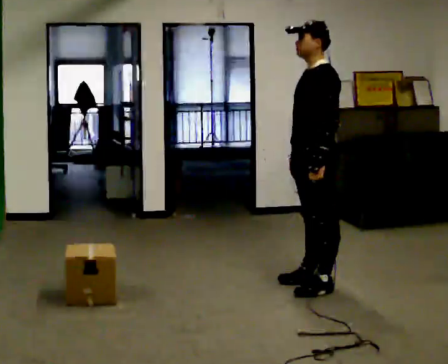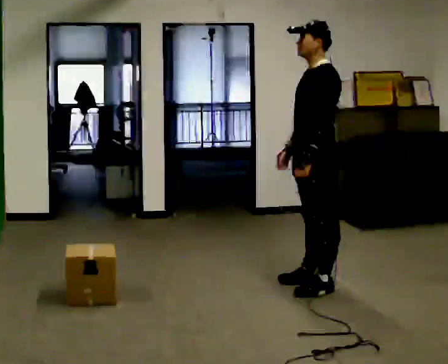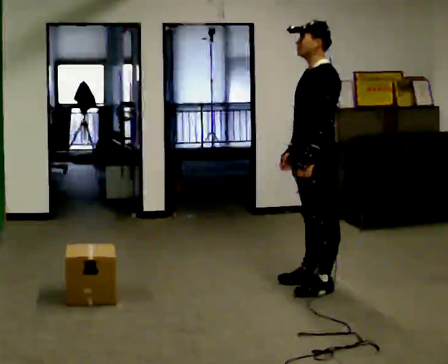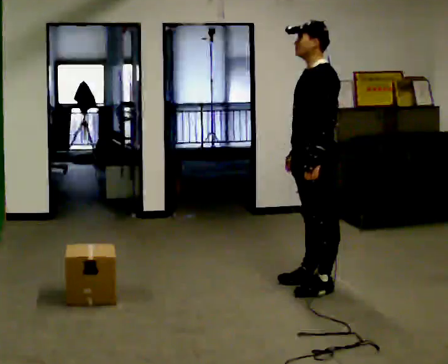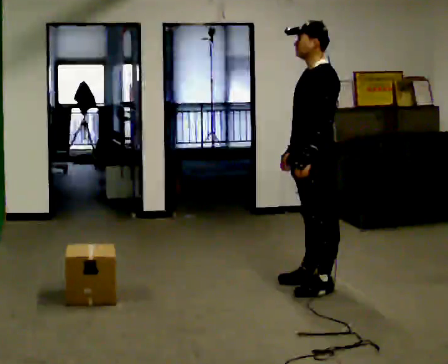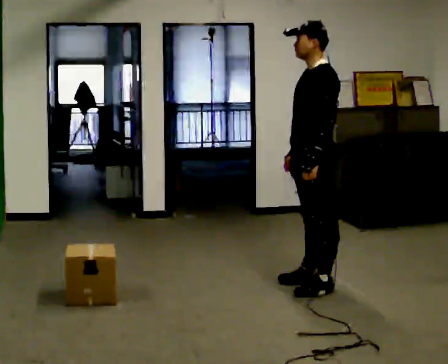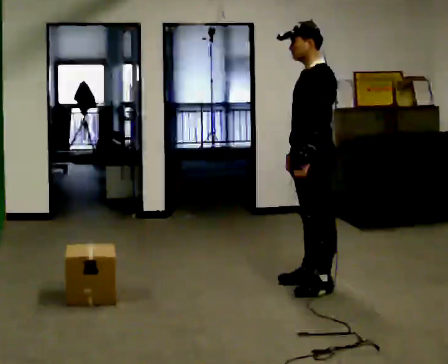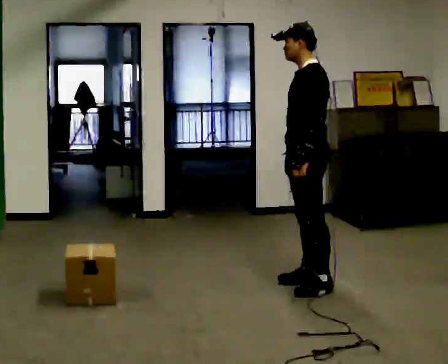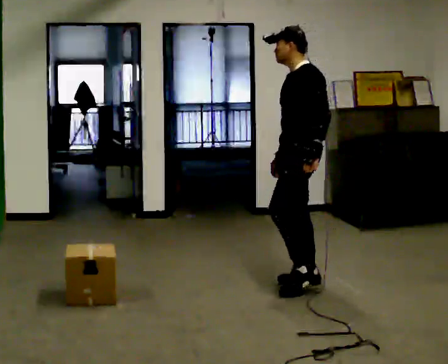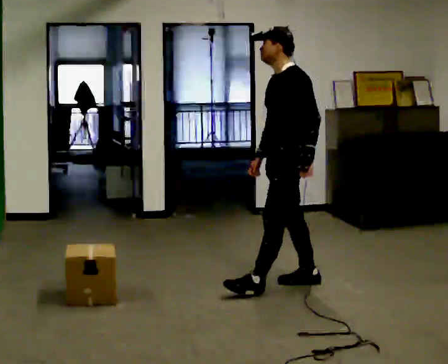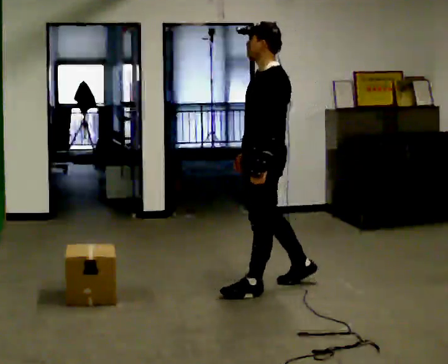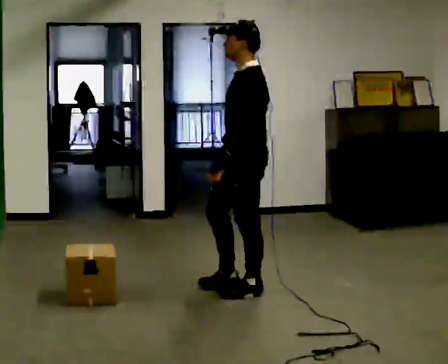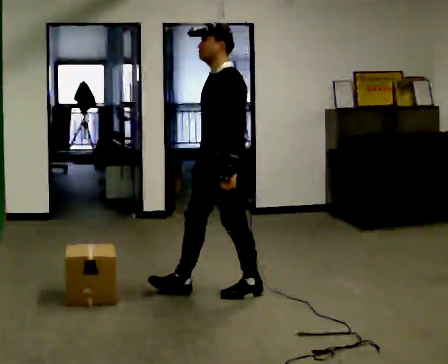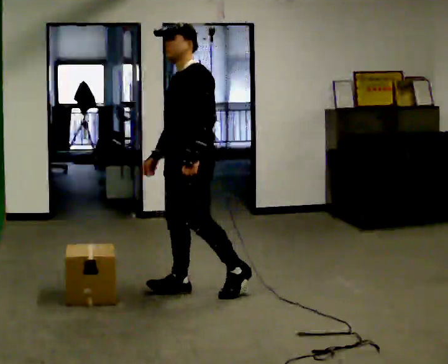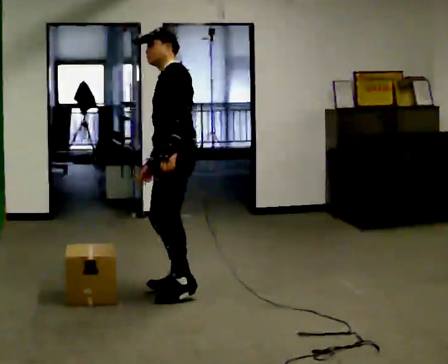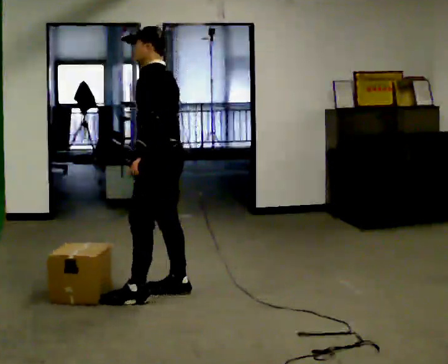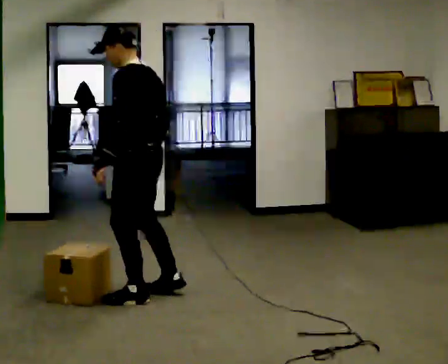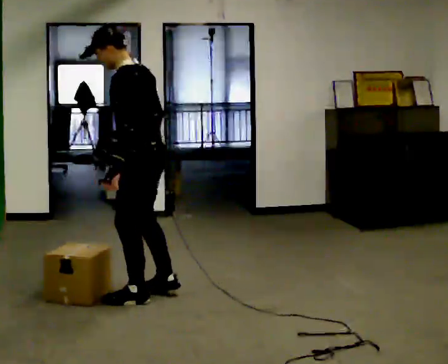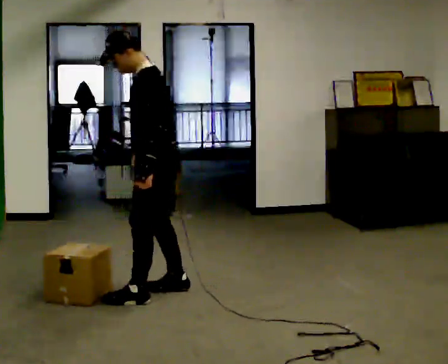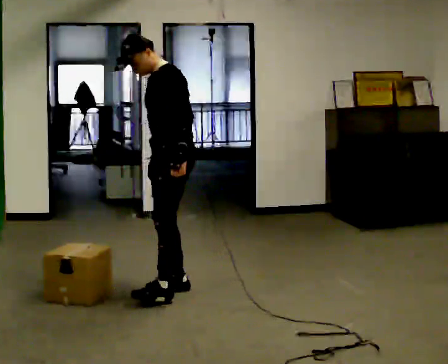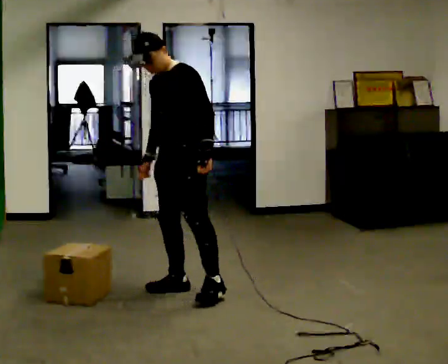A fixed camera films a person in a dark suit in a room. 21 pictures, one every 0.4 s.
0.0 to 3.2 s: The person moves a little, or ends about where they began.
3.2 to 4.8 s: In the picture they go to the left and toward the camera, about 0.5 m in 2 steps, which for them is forward.
4.8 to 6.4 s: The person turns about 45 degrees to their right, clockwise seen from above, so the part of the body nearest the lens slides to the left. In the picture they go to the left, about 0.5 m in 1 step, which for them is forward.
6.4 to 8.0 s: The person turns about 60 degrees to their left, counterclockwise seen from above, so the part of the body nearest the lens slides to the right. In the picture they go away from the camera and to the right, about 0.25 m, which for them is backward and to their right.
The film runs forward here.
